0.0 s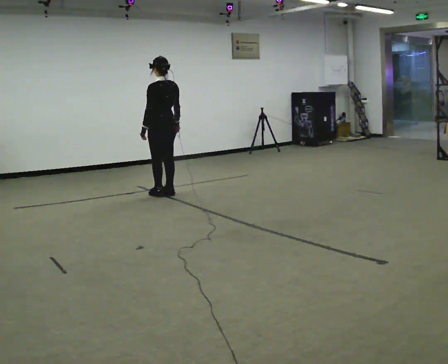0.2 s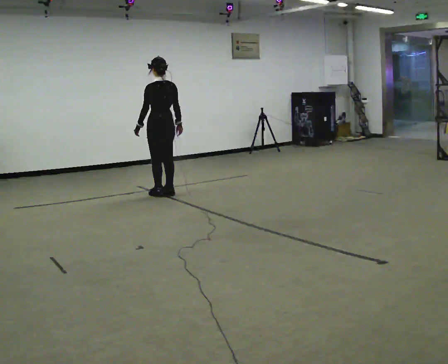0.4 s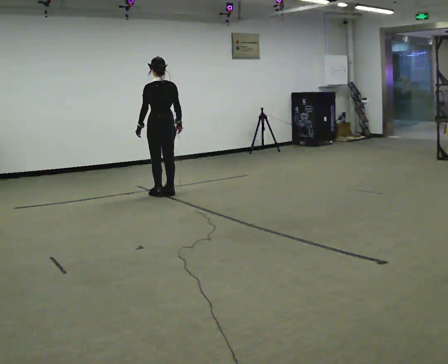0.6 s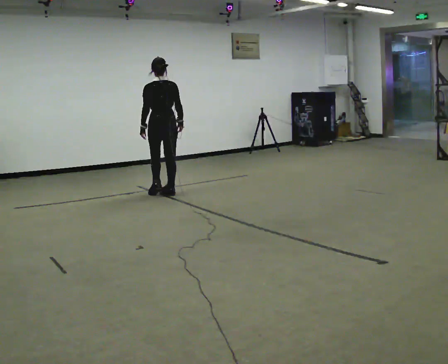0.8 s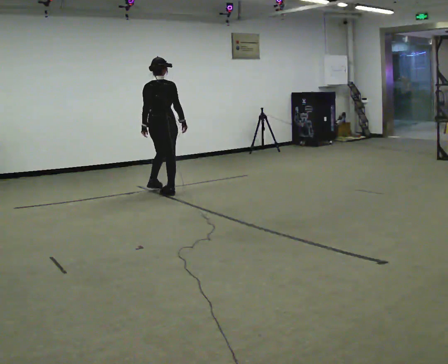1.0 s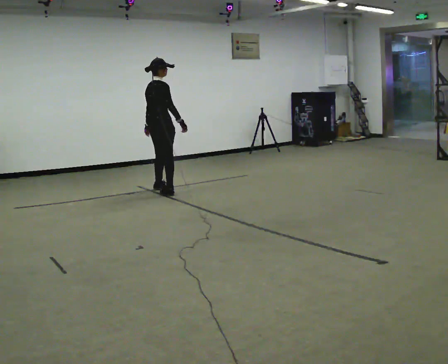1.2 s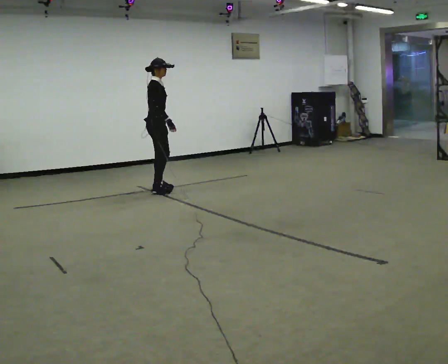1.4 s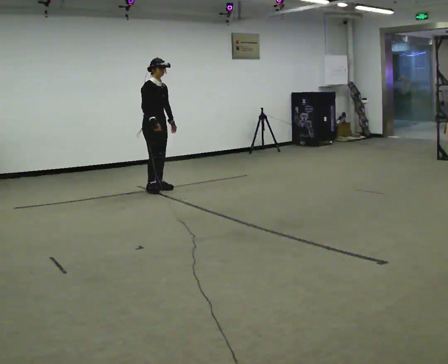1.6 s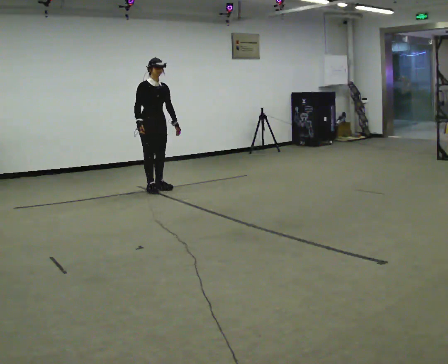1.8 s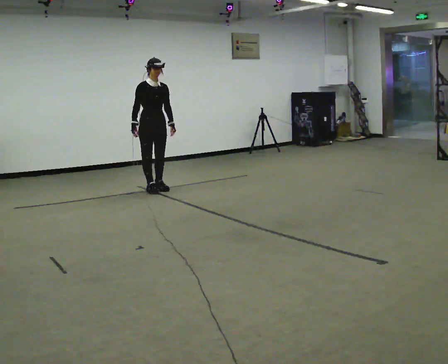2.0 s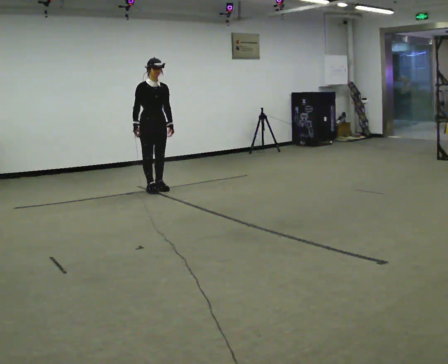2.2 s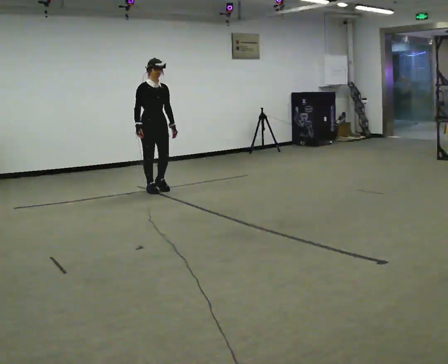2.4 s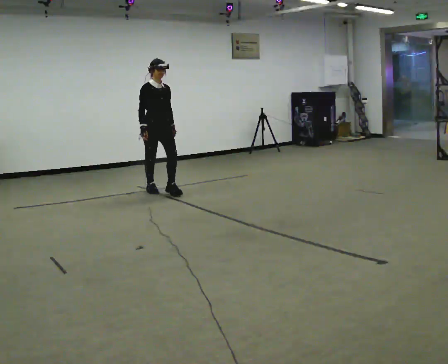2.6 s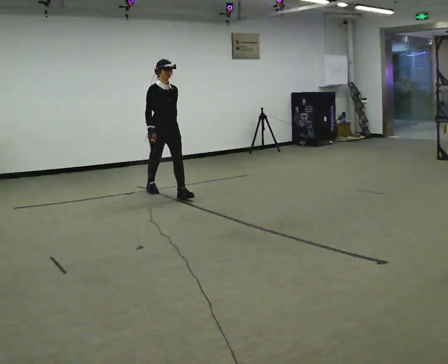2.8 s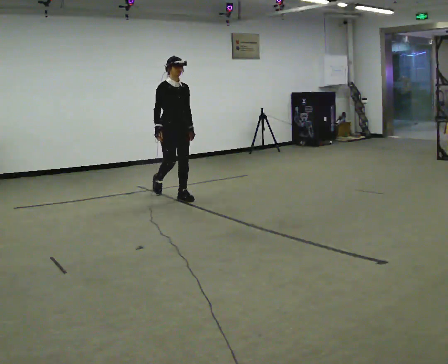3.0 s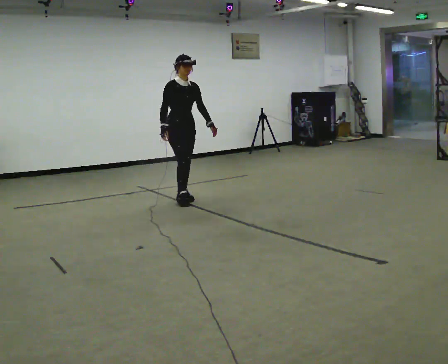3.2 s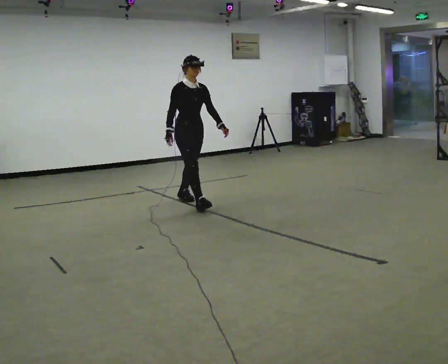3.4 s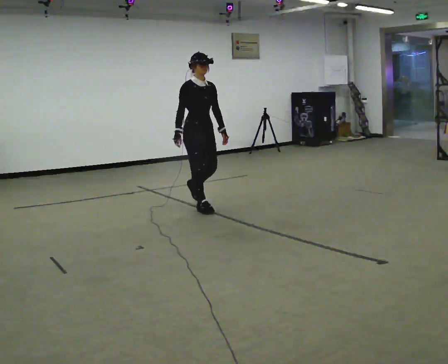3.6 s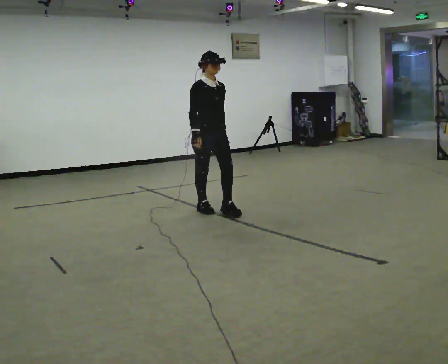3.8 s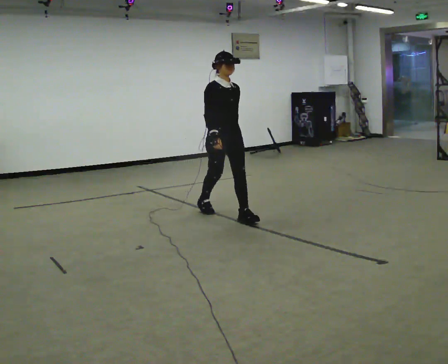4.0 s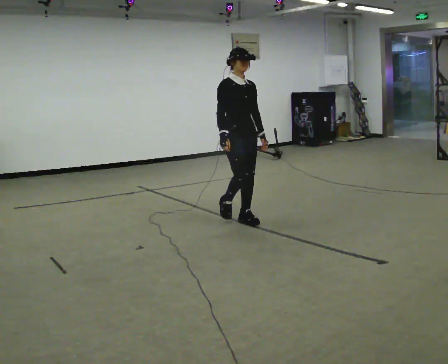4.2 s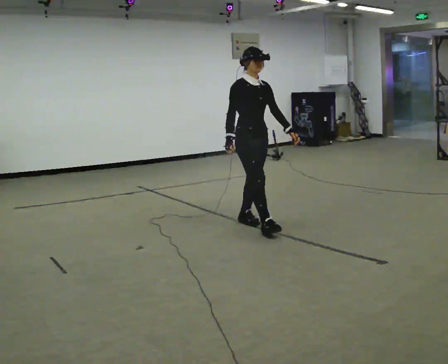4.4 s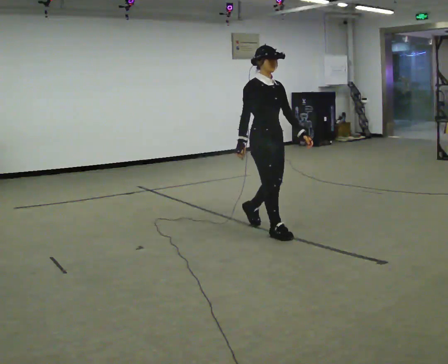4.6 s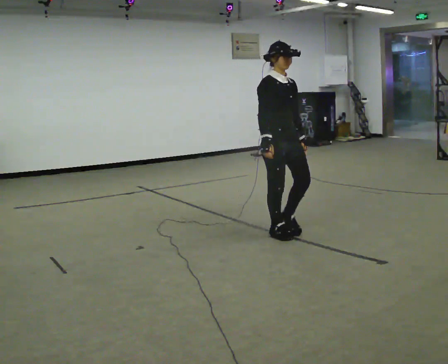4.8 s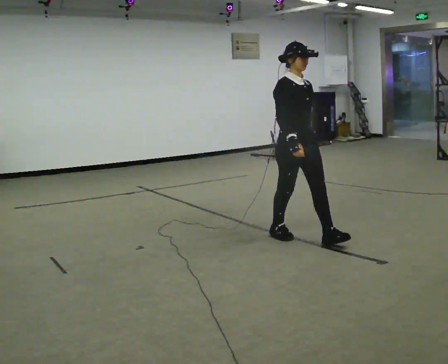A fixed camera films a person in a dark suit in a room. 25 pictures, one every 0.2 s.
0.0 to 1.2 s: The person turns about 135 degrees to their right, clockwise seen from above, so the part of the body nearest the lens slides to the left. In the picture they go away from the camera, about 0.25 m in 1 step.
1.2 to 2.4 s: Seen from above the body turns clockwise, about 45 degrees: to their right, with its near side sliding to the left. In the picture they go toward the camera, about 0.25 m in 1 step, which for them is forward.
2.4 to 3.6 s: In the picture they go toward the camera and to the right, about 1 m in 2 steps, which for them is forward.
3.6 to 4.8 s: In the picture they go toward the camera and to the right, about 1 m in 2 steps, which for them is forward.
The film runs forward here.
